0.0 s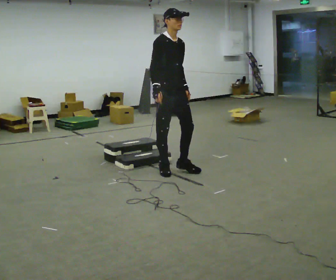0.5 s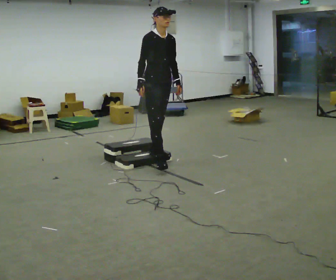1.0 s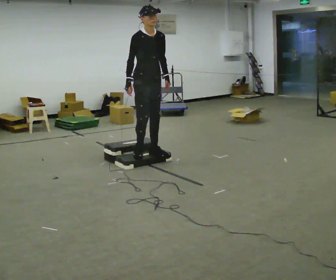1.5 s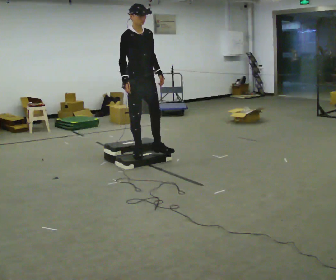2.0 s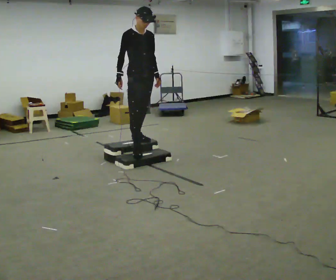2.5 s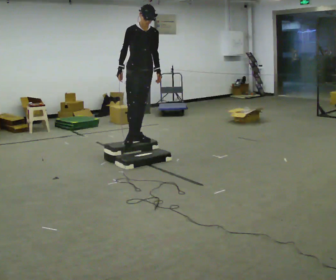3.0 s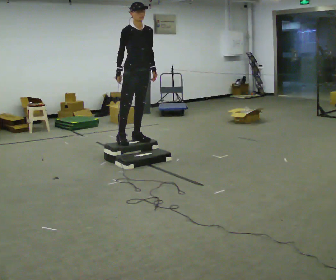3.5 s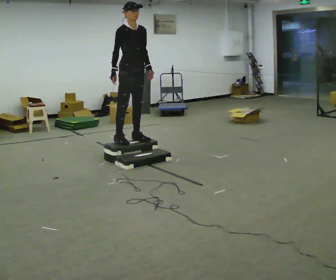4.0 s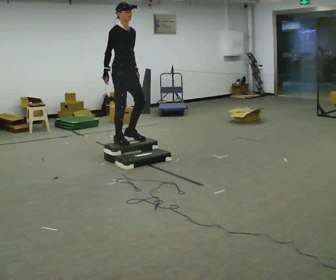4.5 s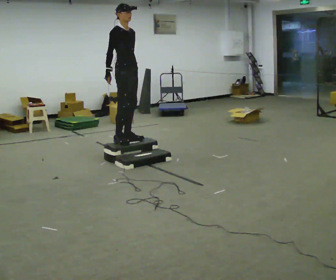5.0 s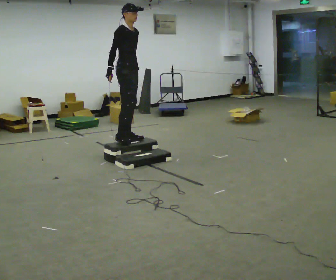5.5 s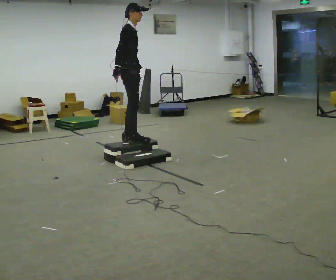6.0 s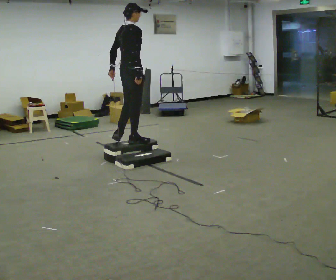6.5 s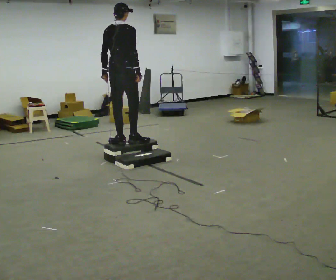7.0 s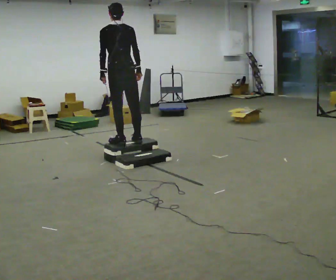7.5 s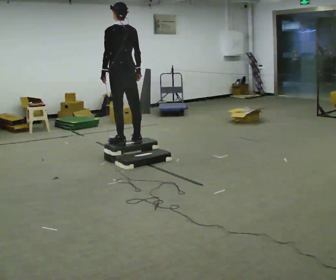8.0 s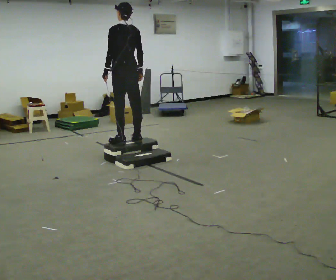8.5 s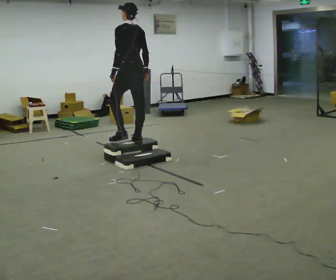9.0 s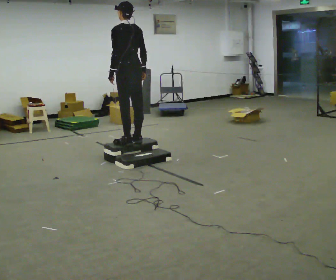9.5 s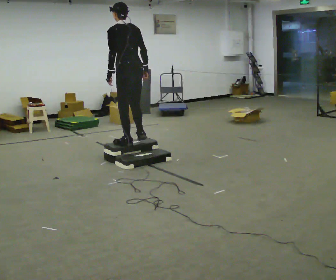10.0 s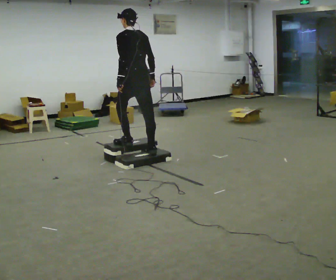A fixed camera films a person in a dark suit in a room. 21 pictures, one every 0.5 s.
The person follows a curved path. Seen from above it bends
counterclockwise.
0.0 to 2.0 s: In the picture they go away from the camera, about 0.75 m in 2 steps, which for them is backward.
2.0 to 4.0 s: In the picture they go to the left and away from the camera, about 0.25 m in 1 step, which for them is backward.
4.0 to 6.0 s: The person turns about 75 degrees to their left, counterclockwise seen from above, so the part of the body nearest the lens slides to the right. In the picture their left hand goes to the left.
6.0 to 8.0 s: Seen from above the body turns counterclockwise, about 90 degrees: to their left, with its near side sliding to the right.
8.0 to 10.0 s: In the picture they go toward the camera, about 0.25 m in 1 step, which for them is backward.
The film runs backward here.
